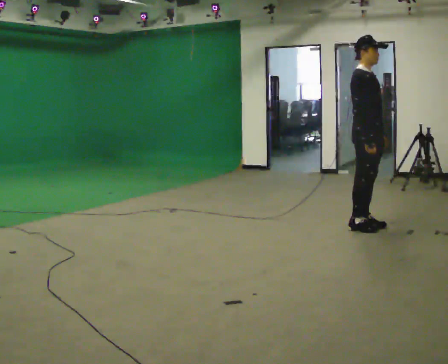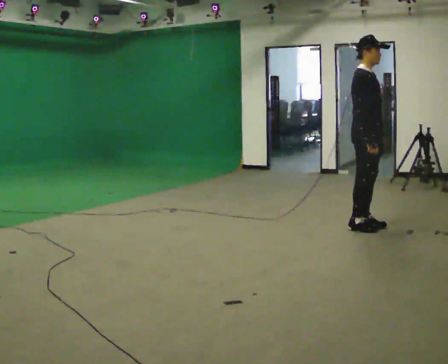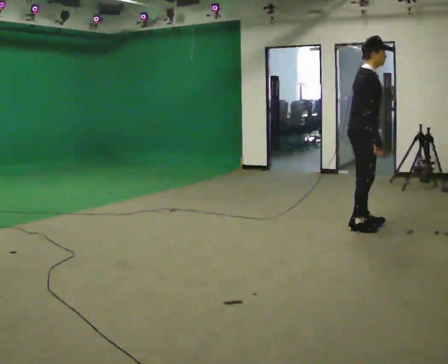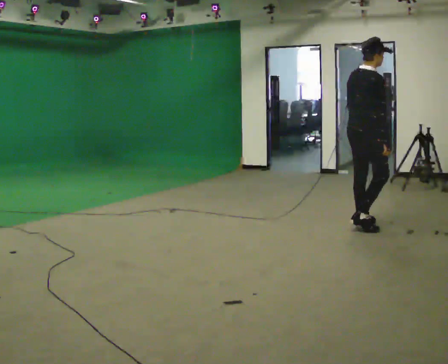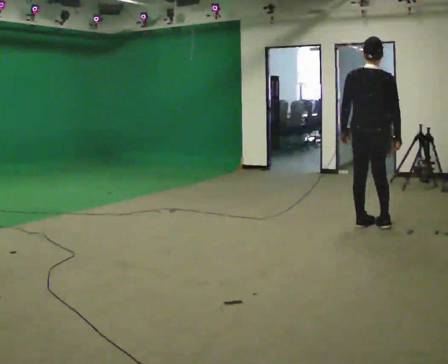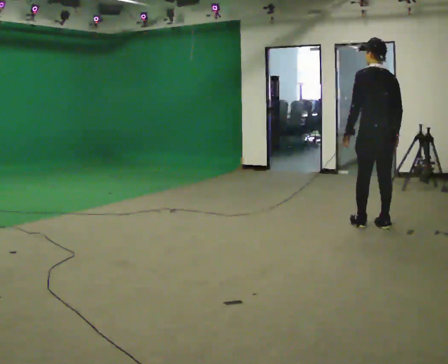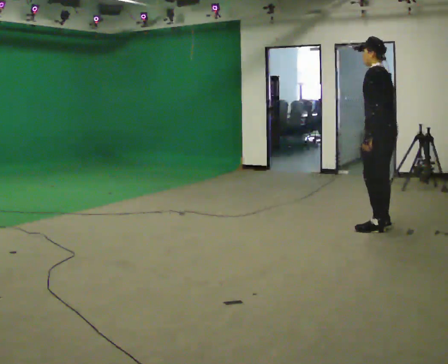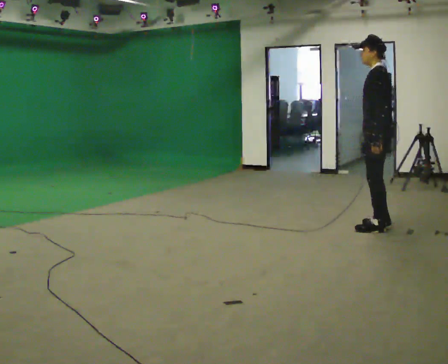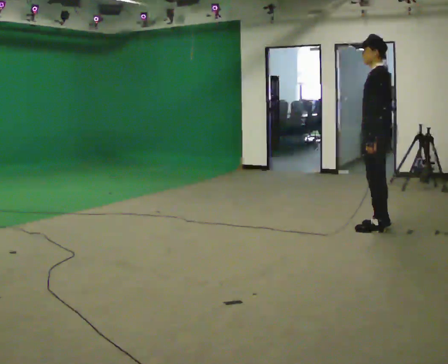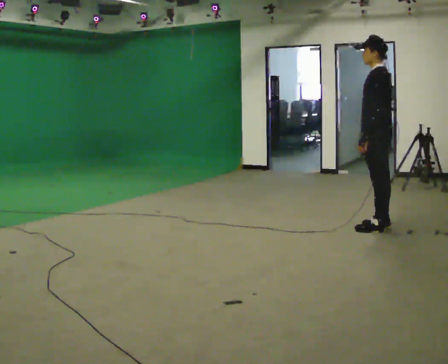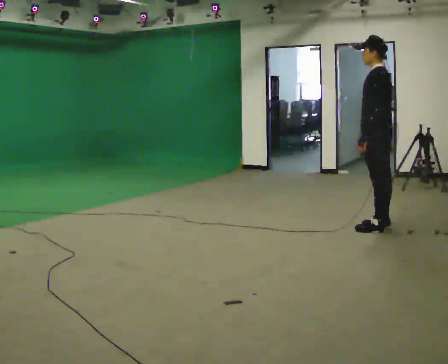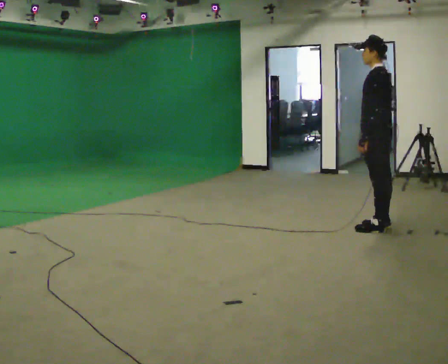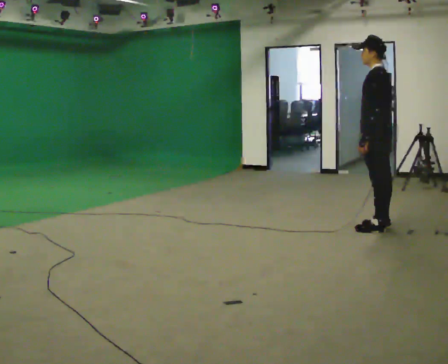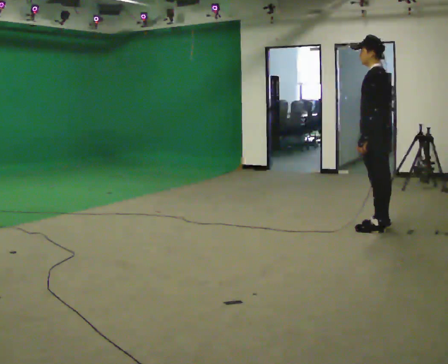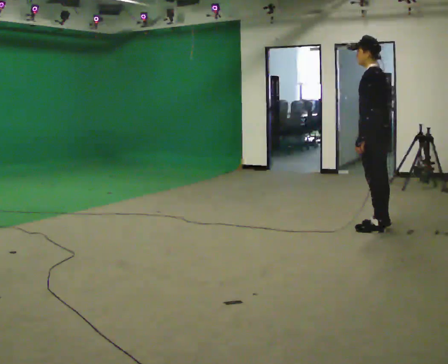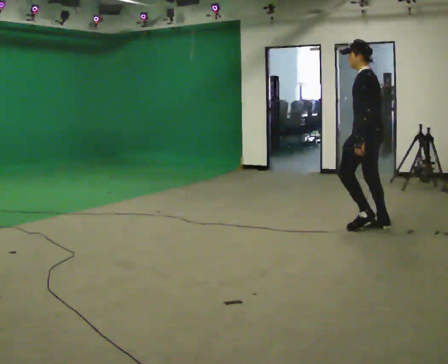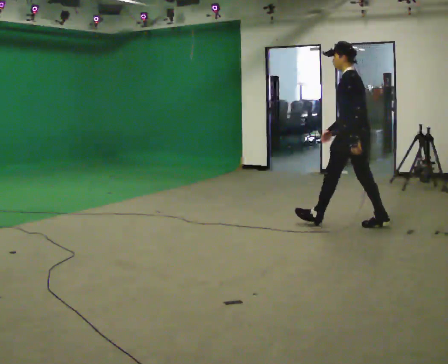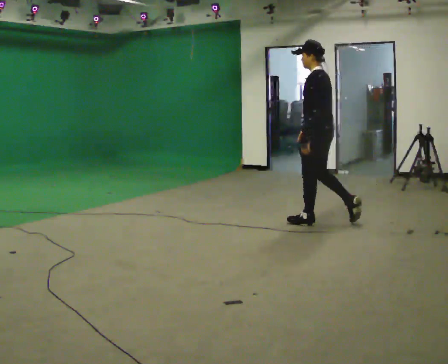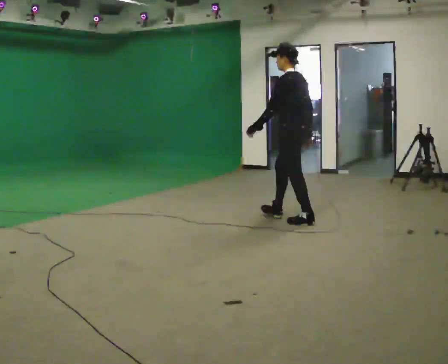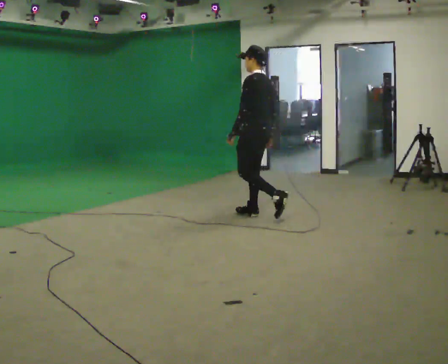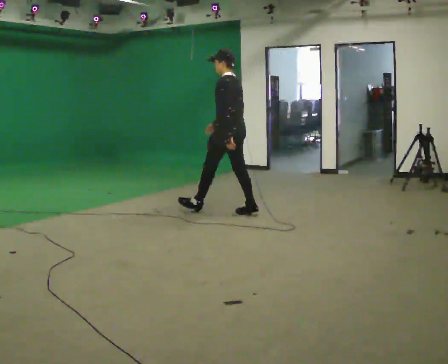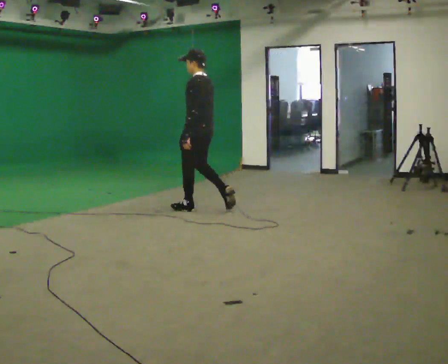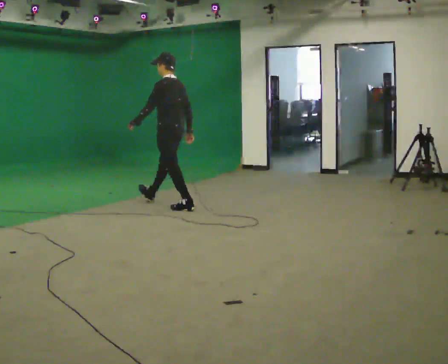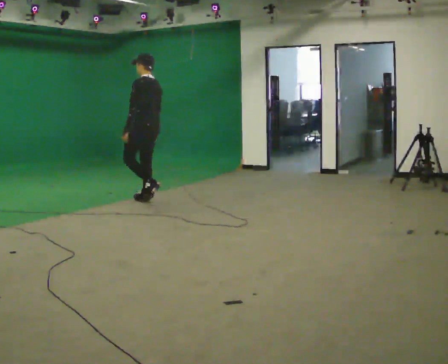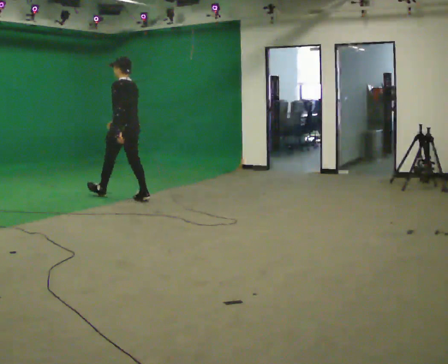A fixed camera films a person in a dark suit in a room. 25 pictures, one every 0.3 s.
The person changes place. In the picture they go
to the left.
0.0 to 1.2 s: Seen from above the body turns counterclockwise, about 105 degrees: to their left, with its near side sliding to the right. In the picture their left hand goes to the left, the arm swinging clockwise.
1.2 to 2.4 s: Seen from above the body turns counterclockwise, about 90 degrees: to their left, with its near side sliding to the right.
2.4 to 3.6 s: The person moves a little, or ends about where they began.
3.6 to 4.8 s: In the picture they go to the left, about 0.25 m, which for them is forward. In the picture their right hand goes to the left.
4.8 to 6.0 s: In the picture they go to the left, about 1.5 m in 2 steps, which for them is forward.
6.0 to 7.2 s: In the picture they go to the left, about 1.5 m in 2 steps, which for them is forward.
The film runs forward here.
